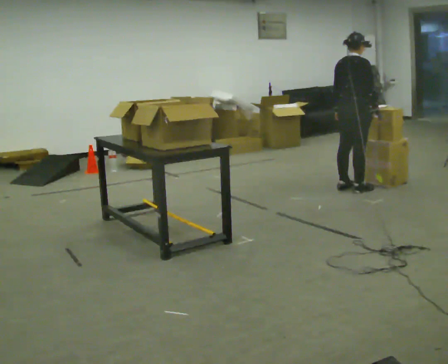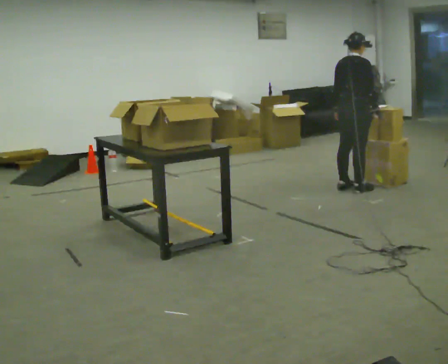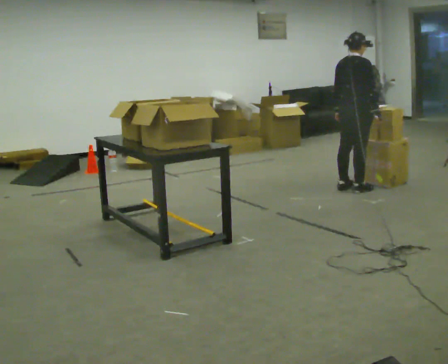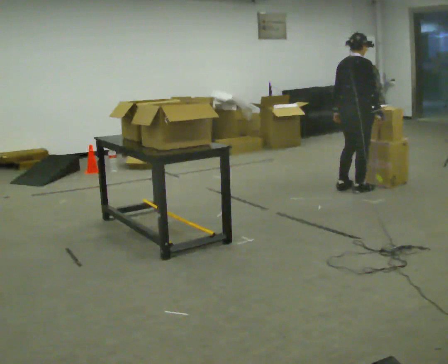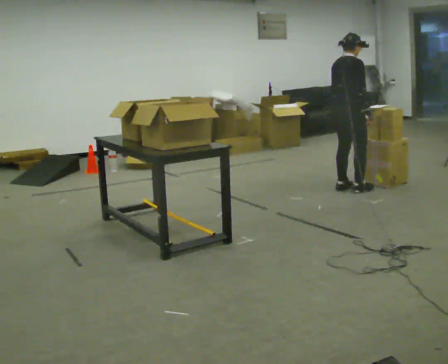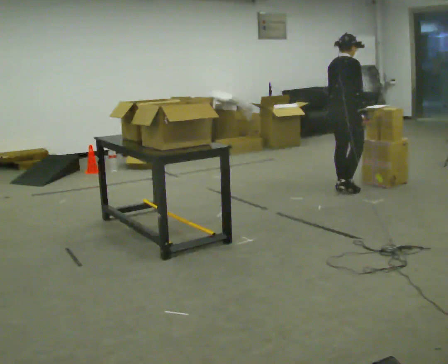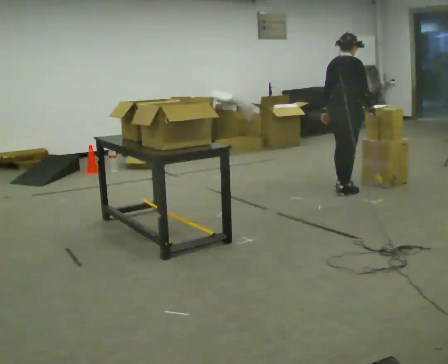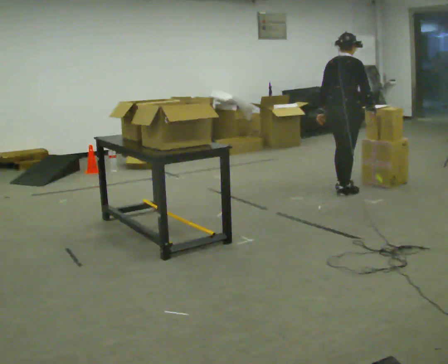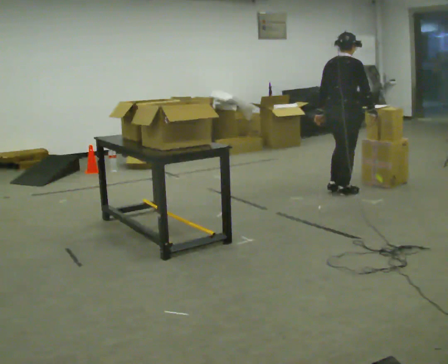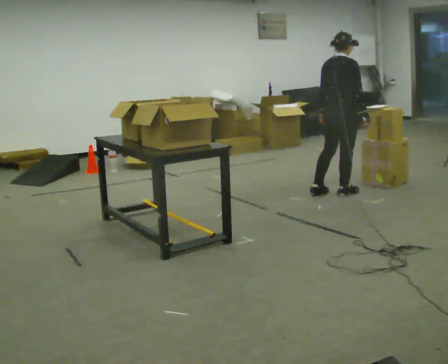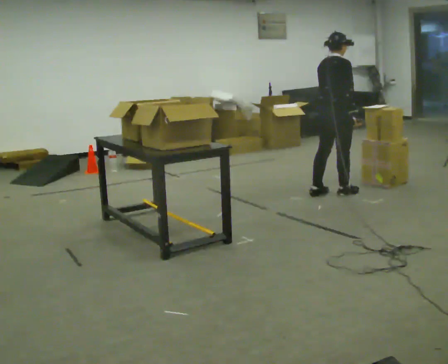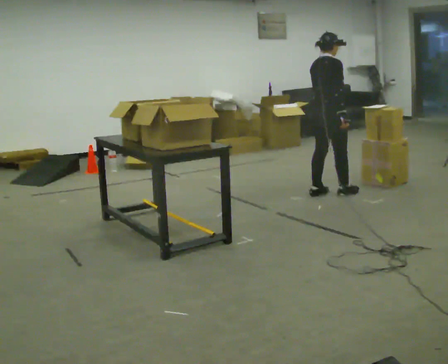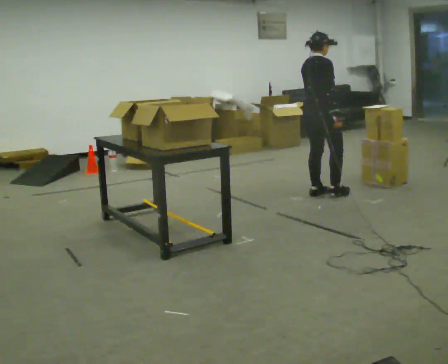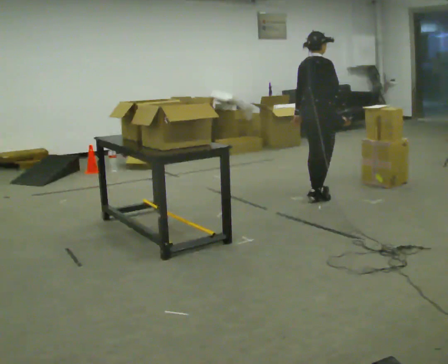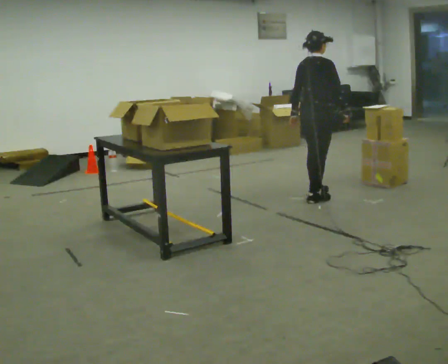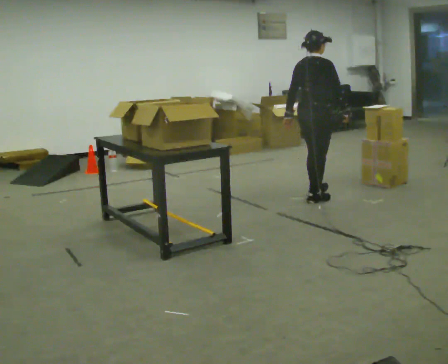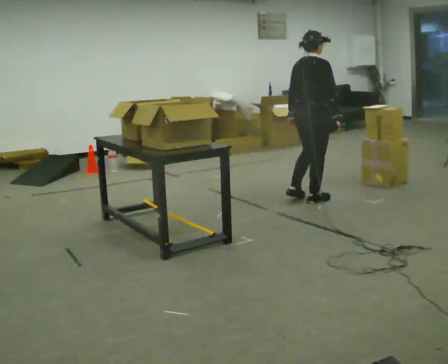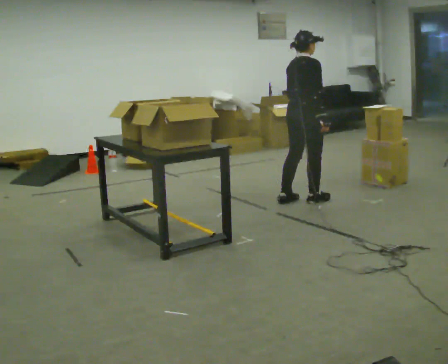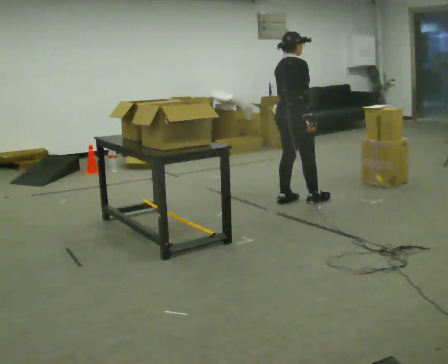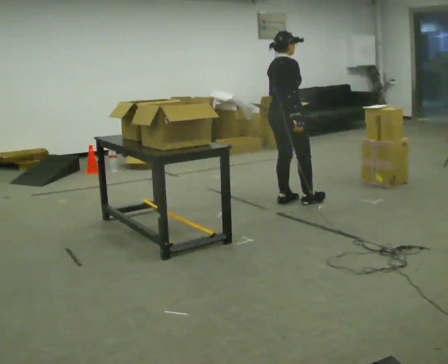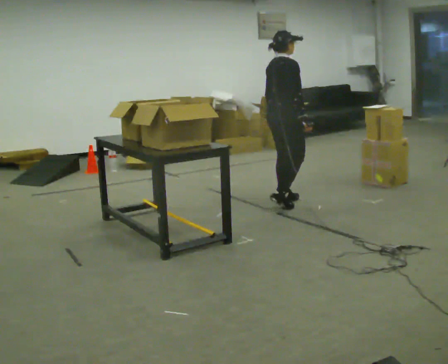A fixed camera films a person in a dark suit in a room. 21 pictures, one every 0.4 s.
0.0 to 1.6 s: The person moves a little, or ends about where they began.
1.6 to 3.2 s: In the picture they go toward the camera, about 0.25 m in 2 steps, which for them is backward.
3.2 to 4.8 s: In the picture they go to the left, about 0.25 m in 1 step, which for them is backward and to their left.
4.8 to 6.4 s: In the picture they go toward the camera, about 0.25 m in 1 step, which for them is backward and to their right.
6.4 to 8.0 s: In the picture they go to the left, about 0.25 m in 1 step, which for them is backward and to their left.
The film runs backward here.
